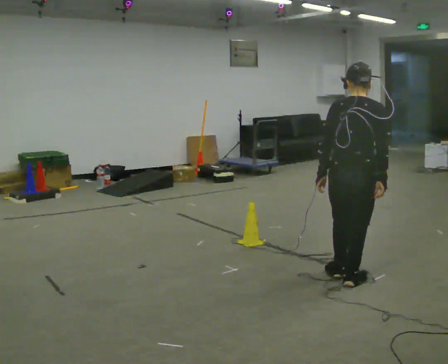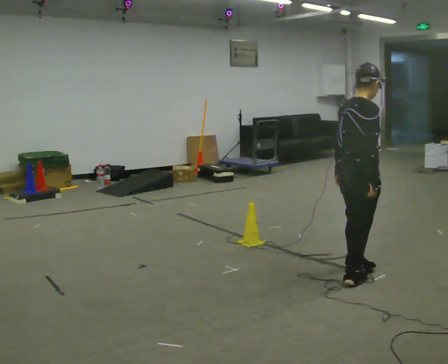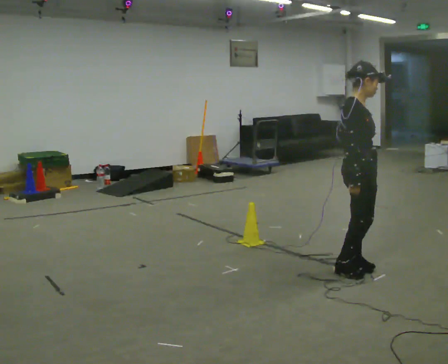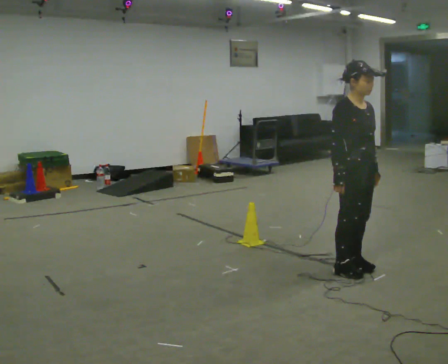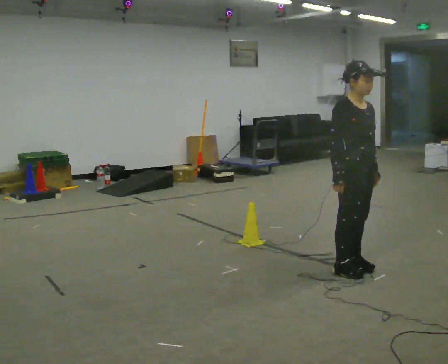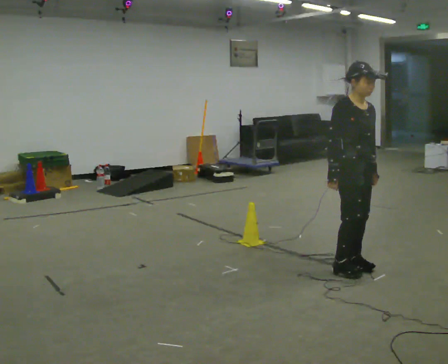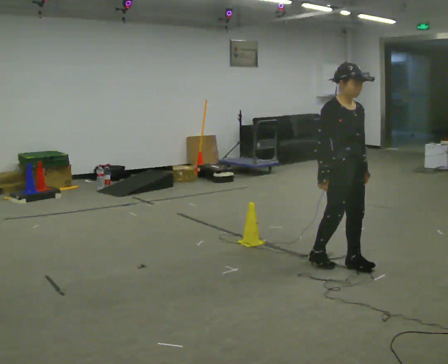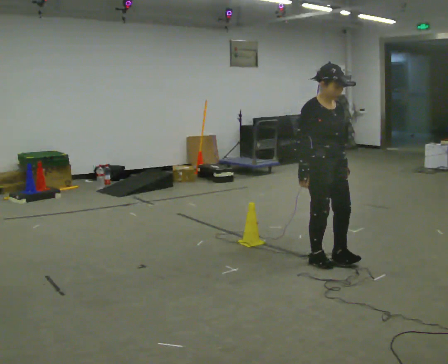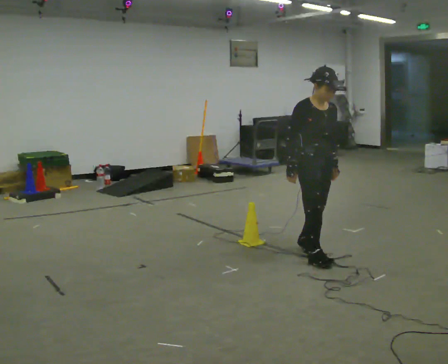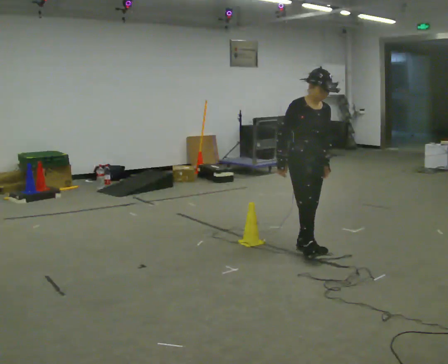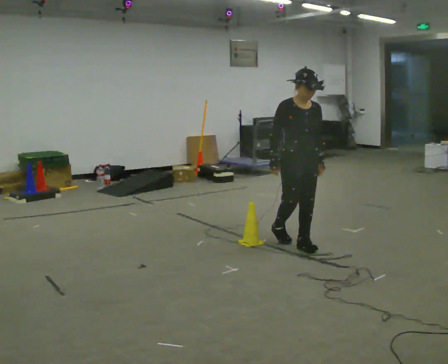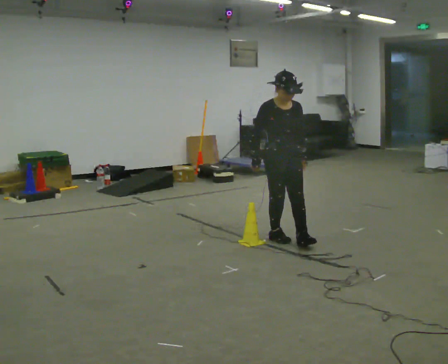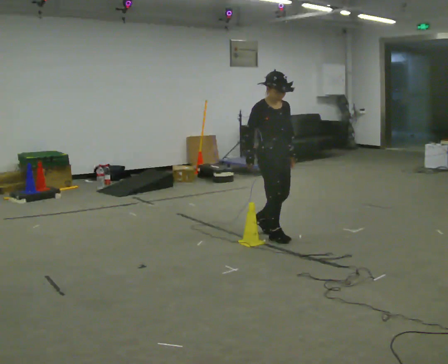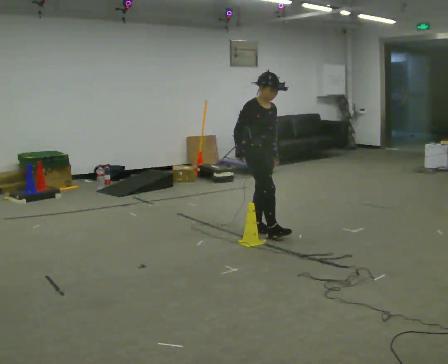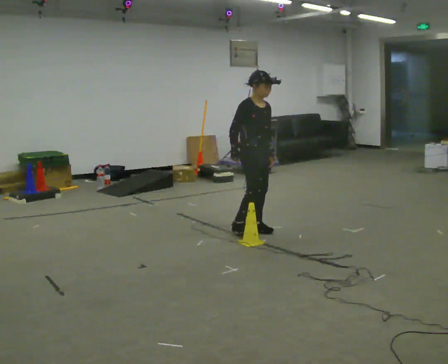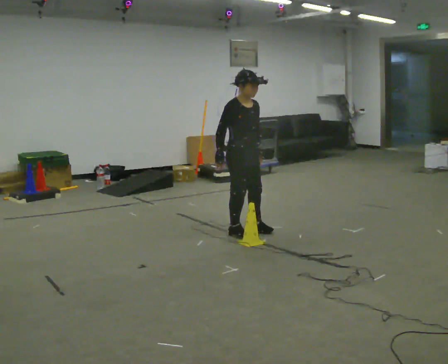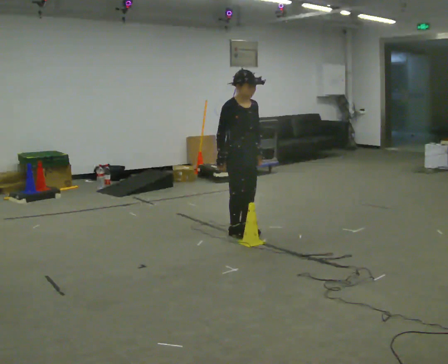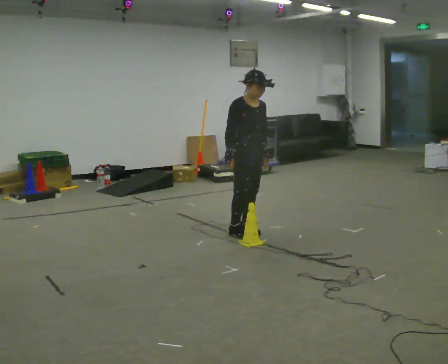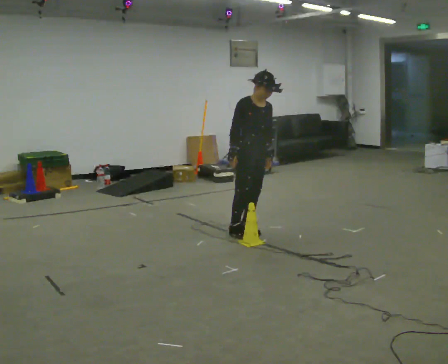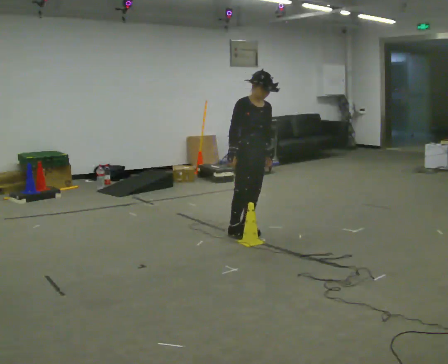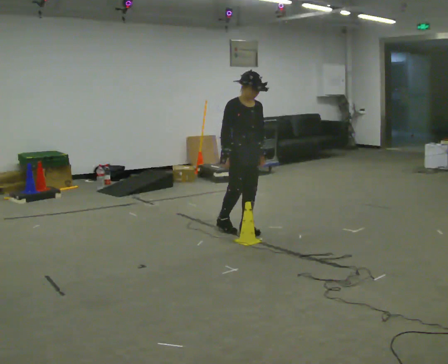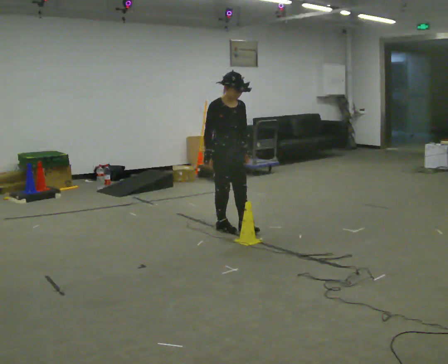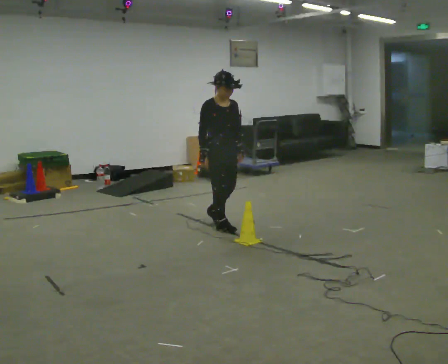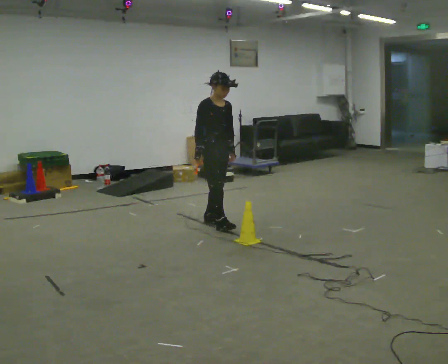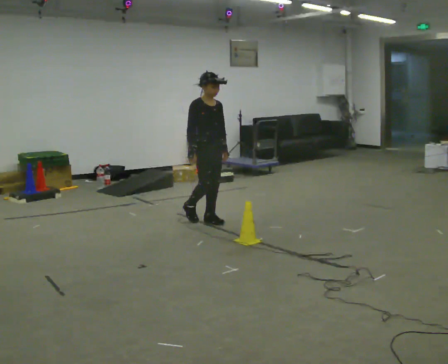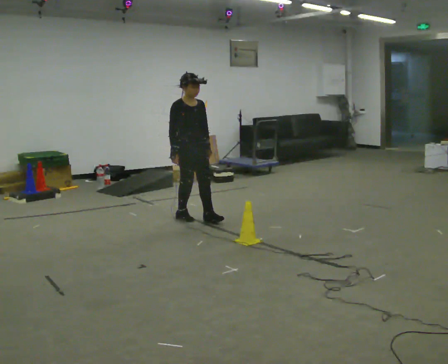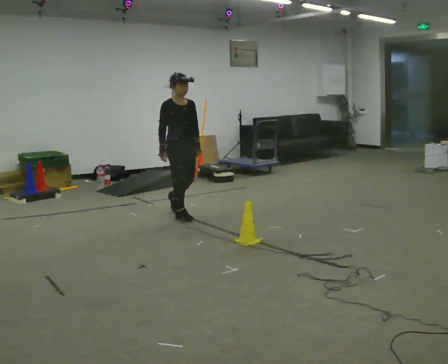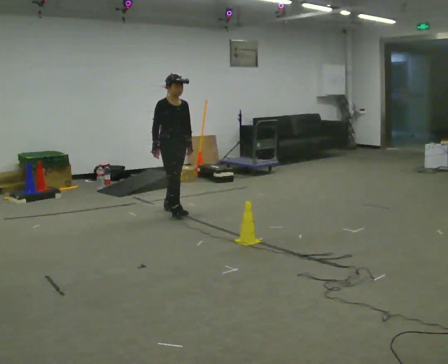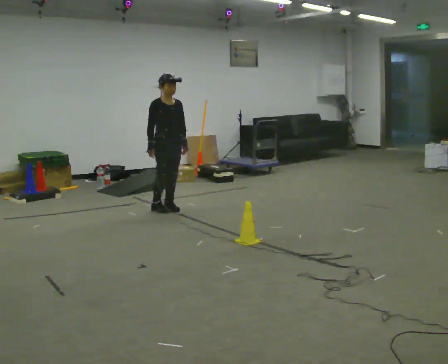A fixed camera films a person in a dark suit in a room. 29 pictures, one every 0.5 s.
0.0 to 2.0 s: The person turns about 120 degrees to their right, clockwise seen from above, so the part of the body nearest the lens slides to the left. In the picture they go away from the camera, about 0.25 m in 2 steps. In the picture their left hand goes to the right, the arm swinging counterclockwise.
2.0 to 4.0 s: In the picture they go away from the camera and to the left, about 0.5 m in 2 steps, which for them is backward.
4.0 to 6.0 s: In the picture they go away from the camera and to the left, about 0.75 m in 2 steps, which for them is backward.
6.0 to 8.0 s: In the picture they go to the left, about 0.25 m in 1 step, which for them is backward.
8.0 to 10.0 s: The person moves a little, or ends about where they began.
10.0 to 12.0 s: In the picture they go to the left and away from the camera, about 0.5 m in 2 steps, which for them is backward.
12.0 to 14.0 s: In the picture they go to the left and away from the camera, about 0.75 m in 2 steps, which for them is backward.
The film runs backward here.
